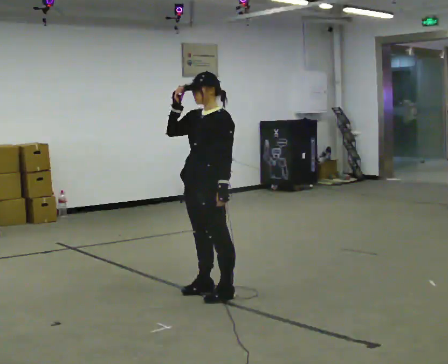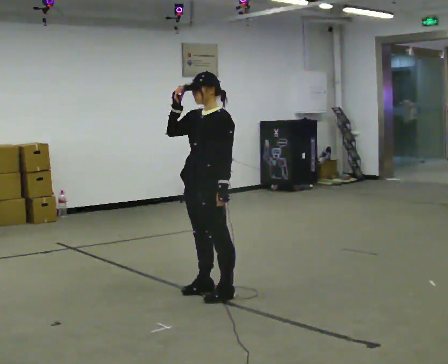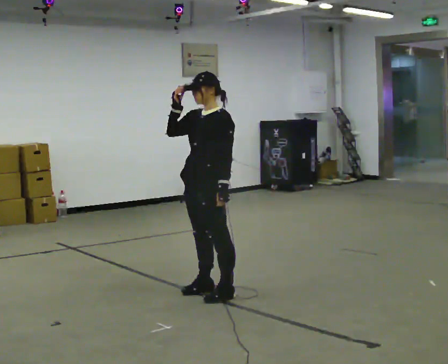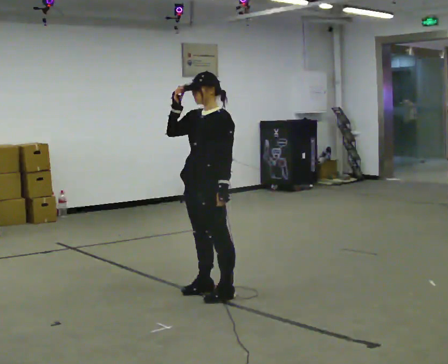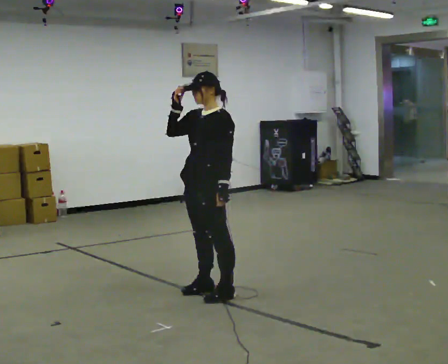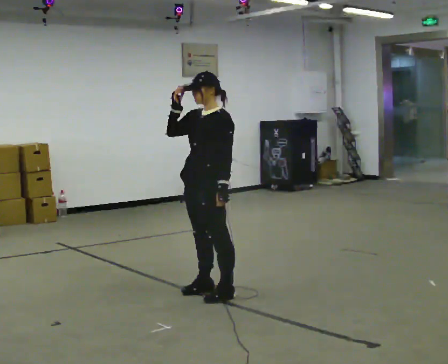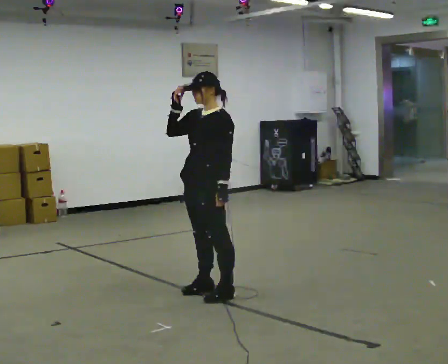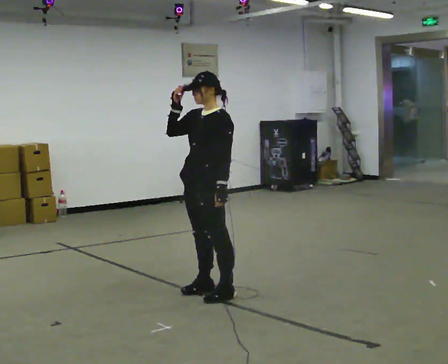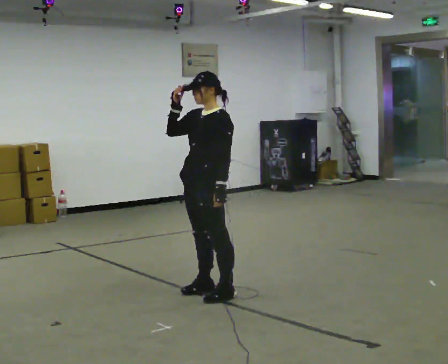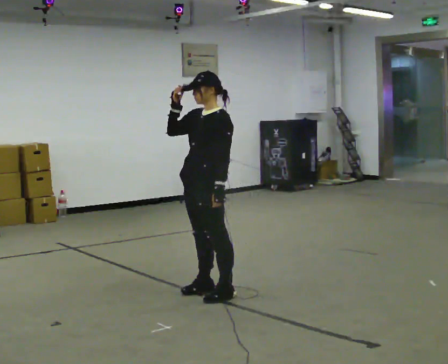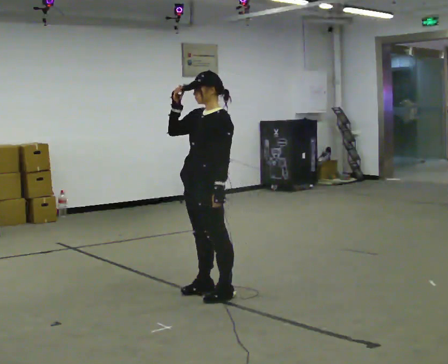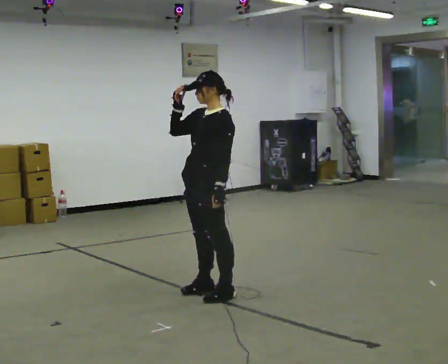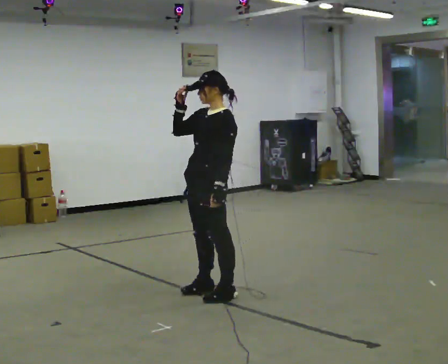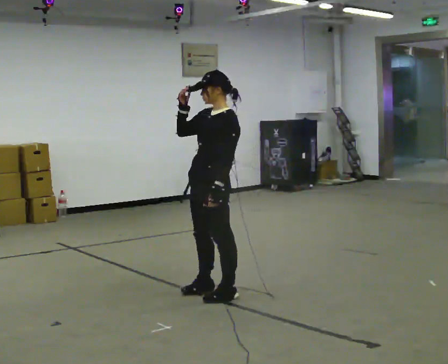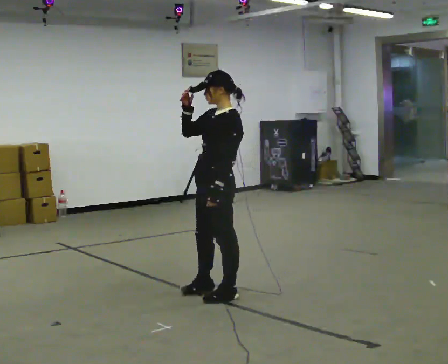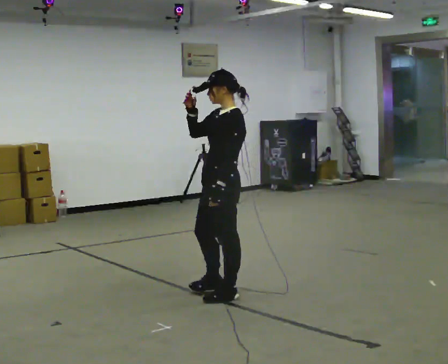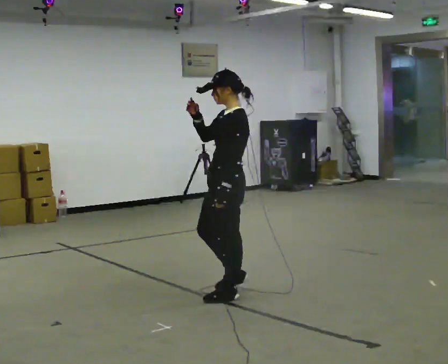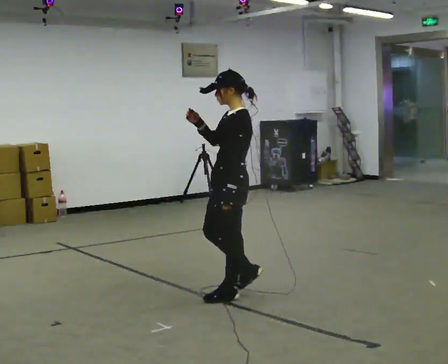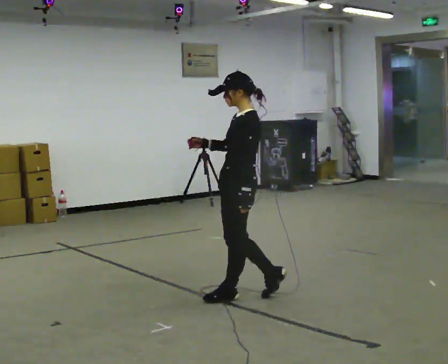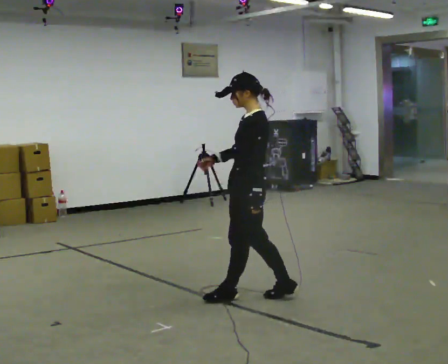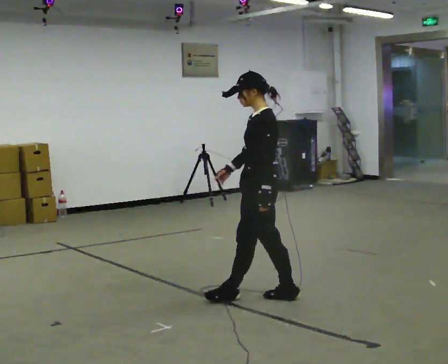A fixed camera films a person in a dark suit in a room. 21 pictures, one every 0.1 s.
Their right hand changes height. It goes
downward.
0.0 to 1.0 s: The person moves a little, or ends about where they began.
1.0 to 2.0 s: The person turns about 30 degrees to their right, clockwise seen from above, so the part of the body nearest the lens slides to the left. In the picture they go to the right, about 0.5 m in 2 steps, which for them is backward and to their left. In the picture their right hand goes downward.
The film runs backward here.
